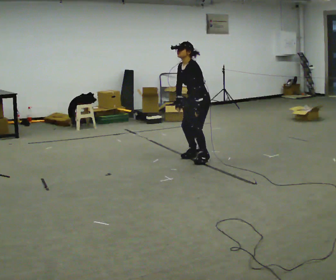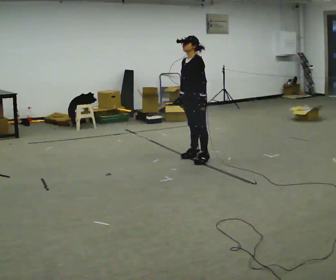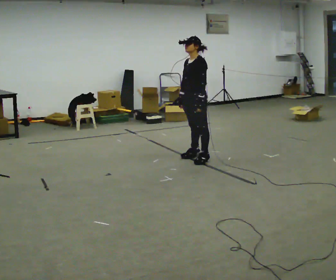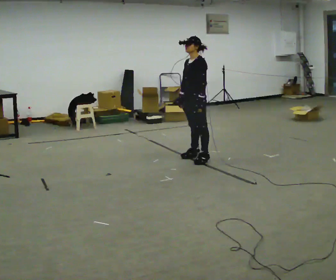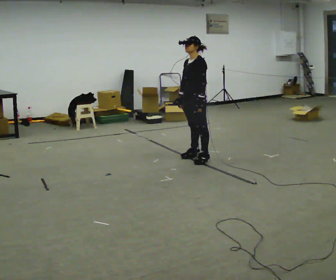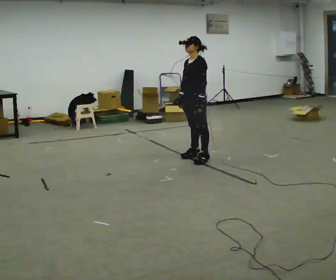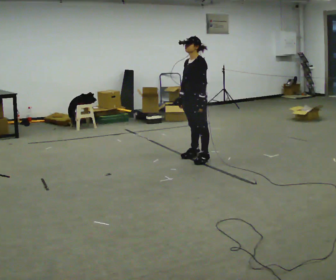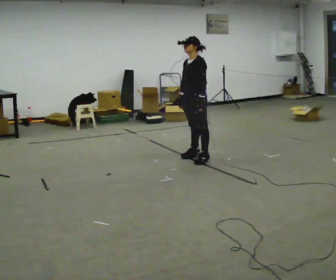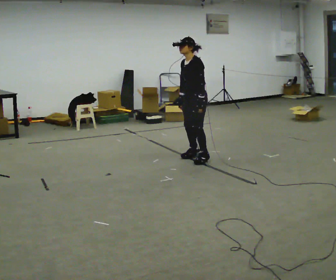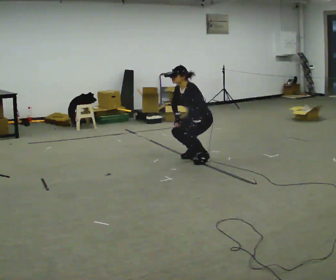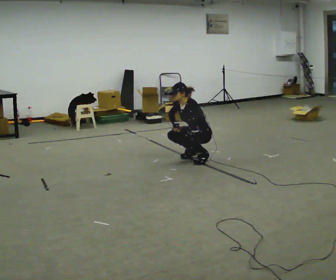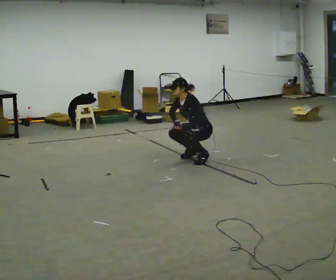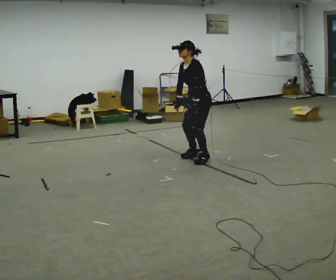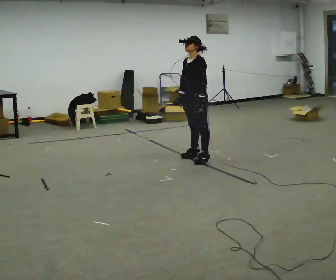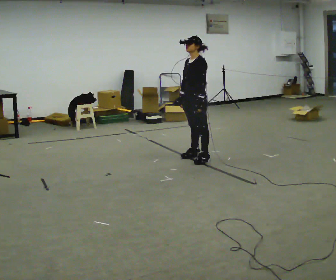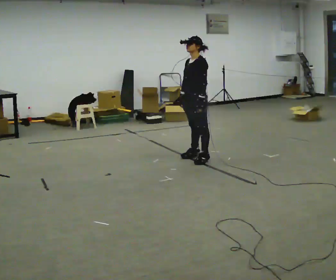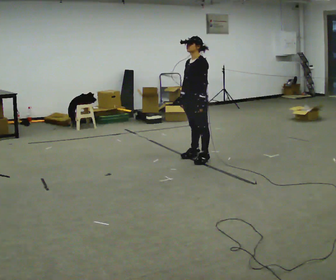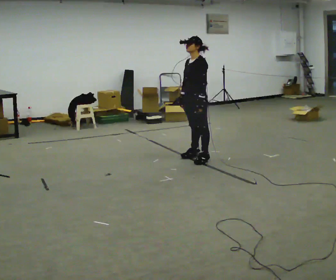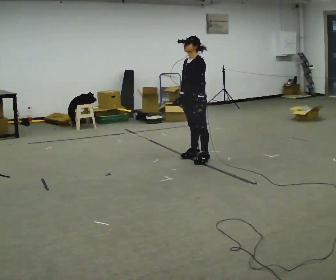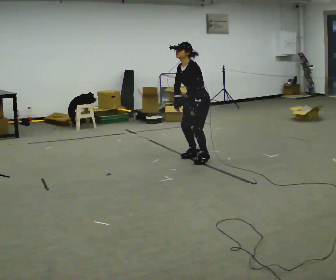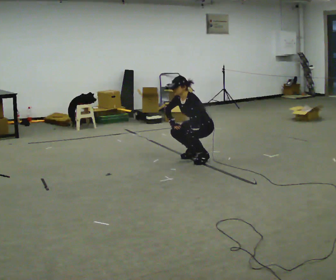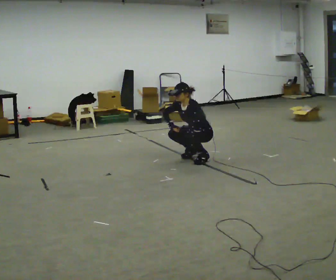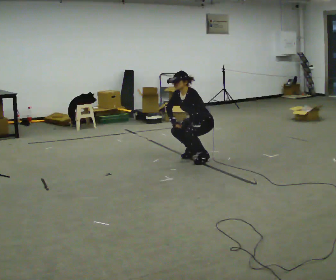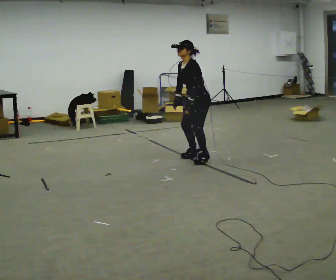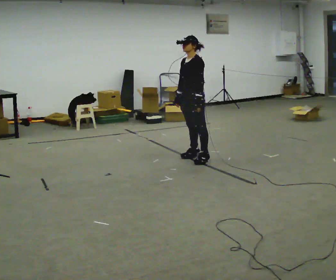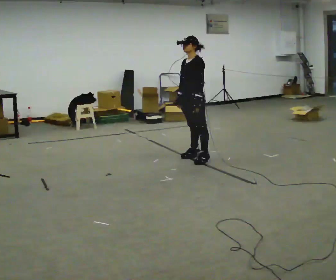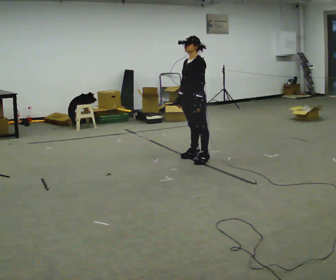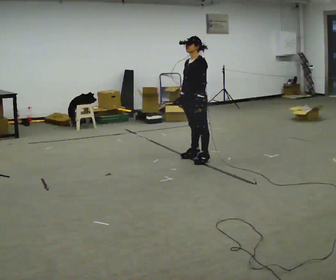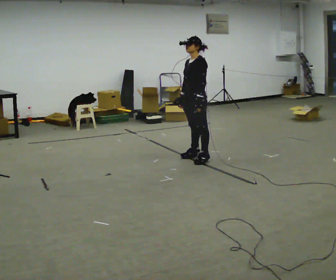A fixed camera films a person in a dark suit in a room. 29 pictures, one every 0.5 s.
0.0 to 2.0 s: In the picture the upper body tilts clockwise, shoulders to the right, as they lean back or straighten.
2.0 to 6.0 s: The person moves a little, or ends about where they began.
6.0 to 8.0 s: In the picture the upper body tilts clockwise, shoulders to the right, as they lean back or straighten.
8.0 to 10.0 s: The shoulders move downward. In the picture the upper body tilts counterclockwise, shoulders to the left, as they bend forward. In the picture their right hand goes downward.
10.0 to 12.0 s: The shoulders move upward. In the picture the upper body tilts clockwise, shoulders to the right, as they lean back or straighten. In the picture their right hand goes upward.
12.0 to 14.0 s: The person moves a little, or ends about where they began.
The film runs forward here.
